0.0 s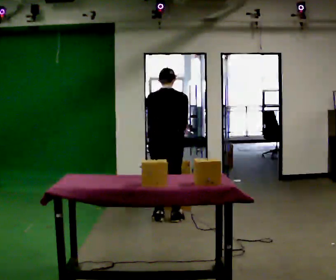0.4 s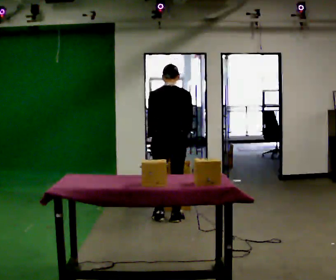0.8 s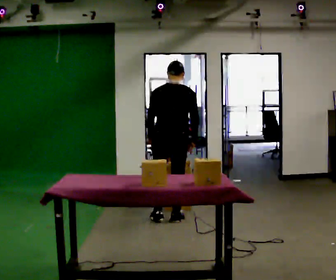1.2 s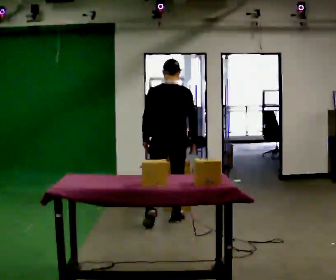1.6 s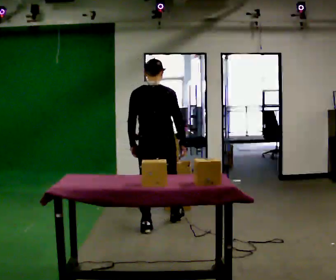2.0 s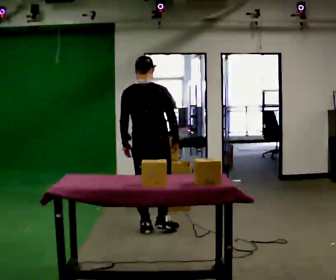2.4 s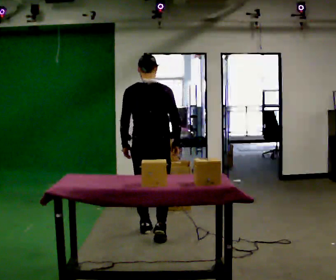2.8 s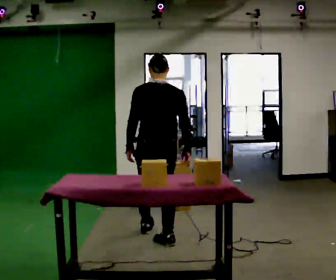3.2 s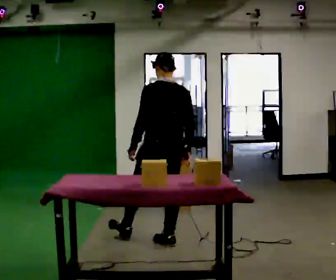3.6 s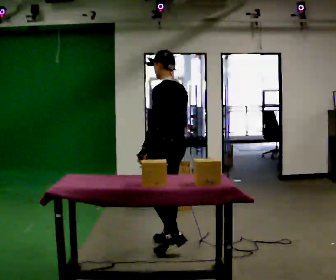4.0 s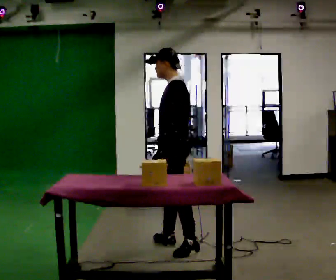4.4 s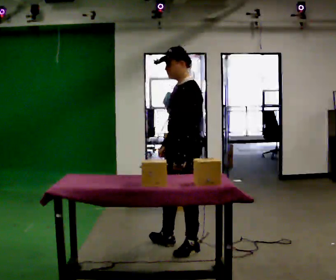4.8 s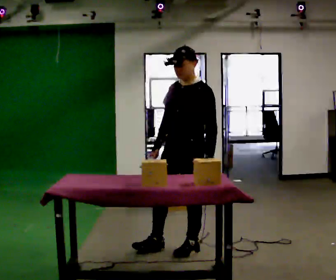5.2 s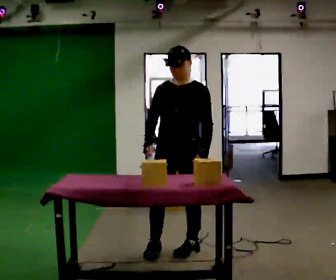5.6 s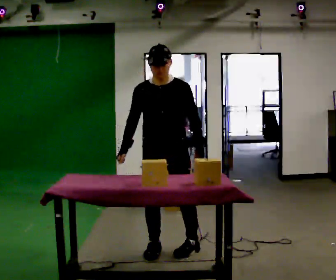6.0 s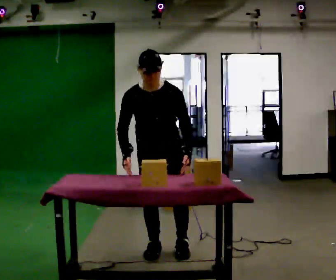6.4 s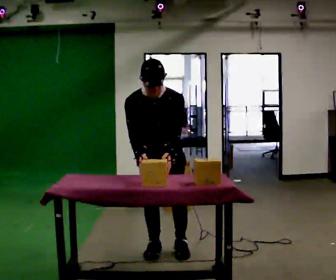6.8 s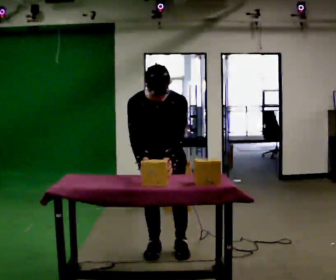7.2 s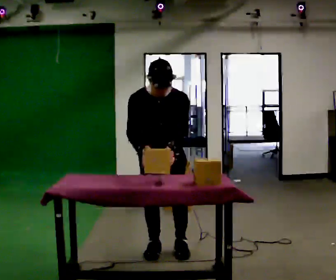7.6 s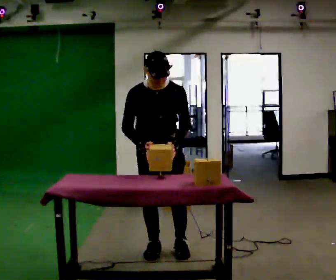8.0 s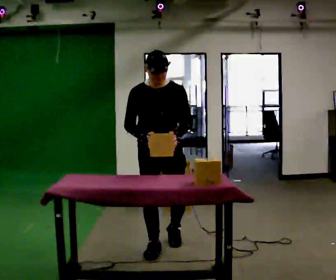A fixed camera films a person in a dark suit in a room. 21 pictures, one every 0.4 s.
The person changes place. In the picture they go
toward the camera.
The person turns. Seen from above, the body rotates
counterclockwise.
0.0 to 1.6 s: In the picture they go toward the camera, about 0.25 m in 1 step, which for them is backward. The upper body tips toward the camera, its near side rolling downward, as they lean back or straighten.
1.6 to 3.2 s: Seen from above the body turns counterclockwise, about 30 degrees: to their left, with its near side sliding to the right. In the picture they go toward the camera, about 0.5 m in 2 steps, which for them is backward.
3.2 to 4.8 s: Seen from above the body turns counterclockwise, about 105 degrees: to their left, with its near side sliding to the right. In the picture they go toward the camera and to the right, about 0.25 m.
4.8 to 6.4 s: The person turns about 60 degrees to their left, counterclockwise seen from above, so the part of the body nearest the lens slides to the right. In the picture they go to the left, about 0.25 m, which for them is to their right. The upper body tips toward the camera, its near side rolling downward, as they bend forward.
6.4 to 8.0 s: The upper body tips away from the camera, its near side rolling upward, as they lean back or straighten.
The film runs backward here.
